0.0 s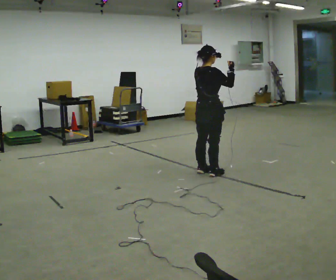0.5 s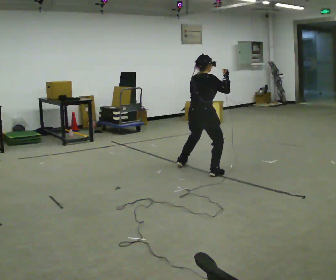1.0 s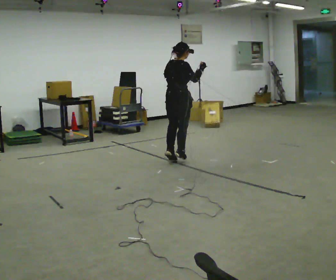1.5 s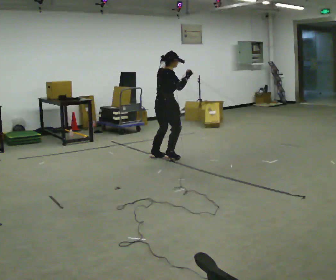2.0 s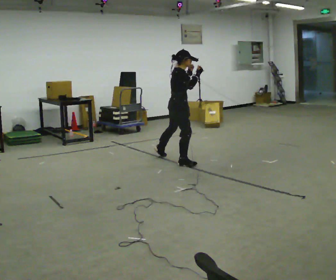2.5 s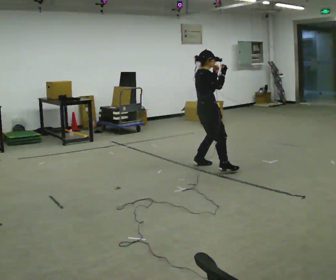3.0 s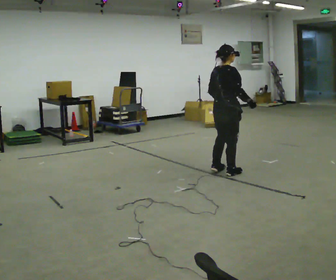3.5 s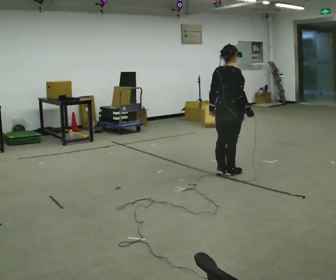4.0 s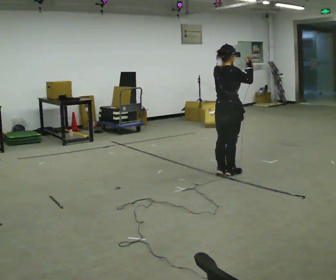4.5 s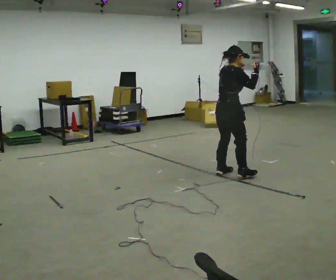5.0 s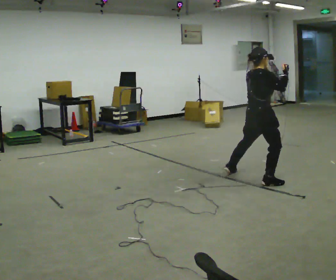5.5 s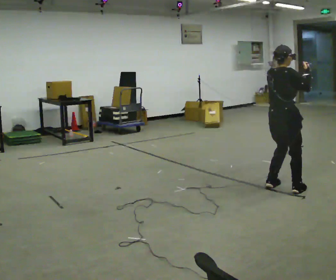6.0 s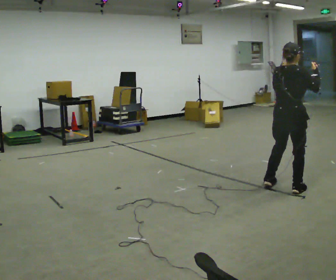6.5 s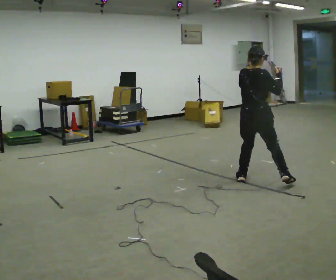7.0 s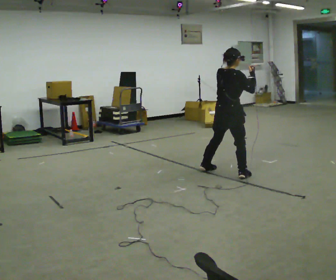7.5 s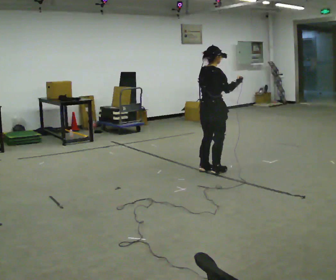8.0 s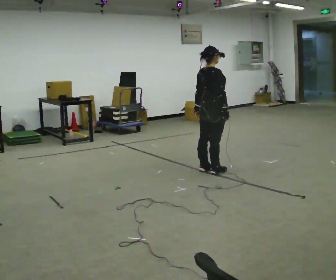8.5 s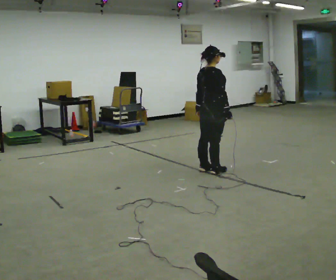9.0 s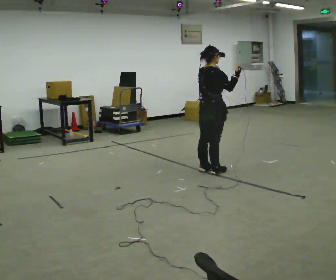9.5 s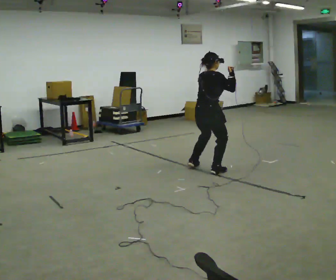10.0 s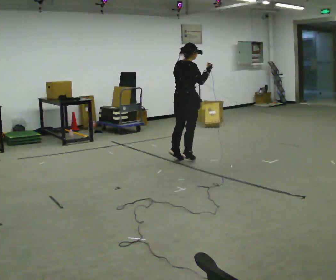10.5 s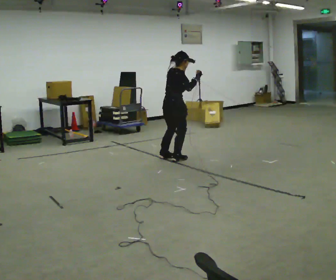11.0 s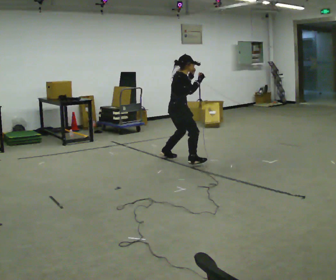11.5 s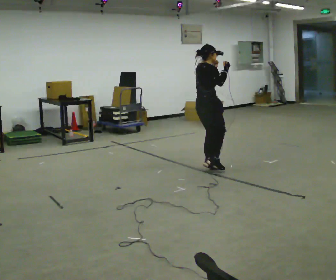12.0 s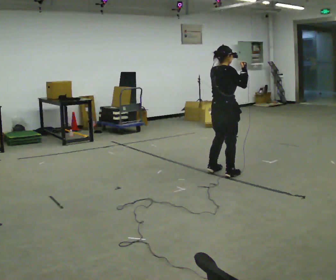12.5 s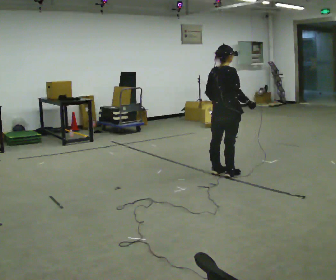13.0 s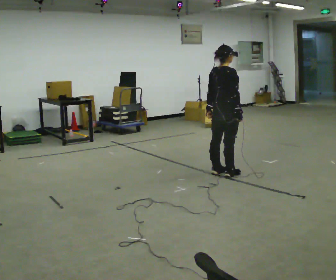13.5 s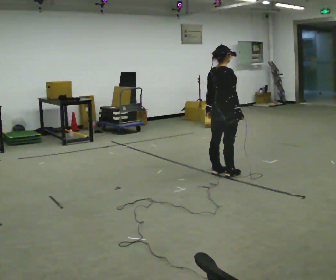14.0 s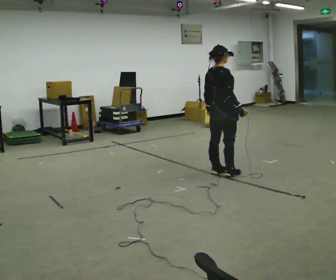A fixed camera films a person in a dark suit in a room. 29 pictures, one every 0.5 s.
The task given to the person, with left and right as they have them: Move in a low athletic stance, shuffling side to side and forward and back as the operator points.
0.0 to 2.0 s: Seen from above the body turns clockwise, about 30 degrees: to their right, with its near side sliding to the left. In the picture they go away from the camera and to the left, about 0.75 m in 4 steps, which for them is to their left and forward.
2.0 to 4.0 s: Seen from above the body turns counterclockwise, about 30 degrees: to their left, with its near side sliding to the right. In the picture they go to the right and toward the camera, about 1 m in 3 steps, which for them is to their right.
4.0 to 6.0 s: In the picture they go toward the camera and to the right, about 1 m in 3 steps, which for them is to their right.
6.0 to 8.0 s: In the picture they go to the left and away from the camera, about 1 m in 4 steps, which for them is to their left. In the picture their right hand goes downward.
8.0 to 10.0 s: In the picture they go away from the camera and to the left, about 0.5 m in 1 step, which for them is to their left. In the picture their left hand goes upward.
10.0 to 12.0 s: In the picture they go toward the camera and to the right, about 0.5 m in 5 steps, which for them is to their right.
12.0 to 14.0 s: In the picture their right hand goes downward.
The film runs forward here.
